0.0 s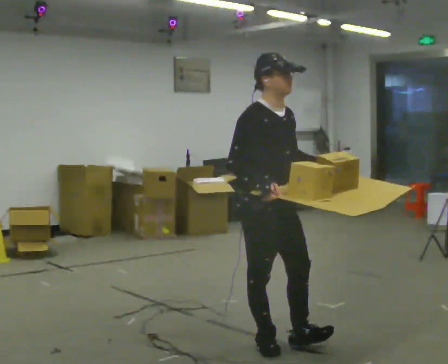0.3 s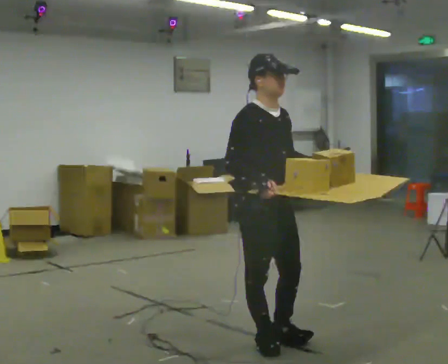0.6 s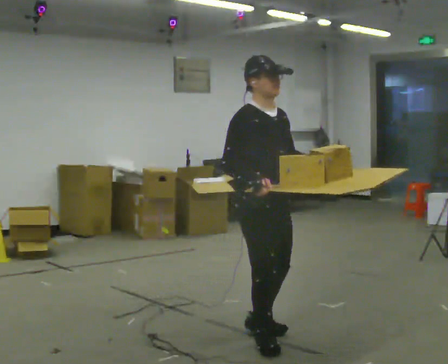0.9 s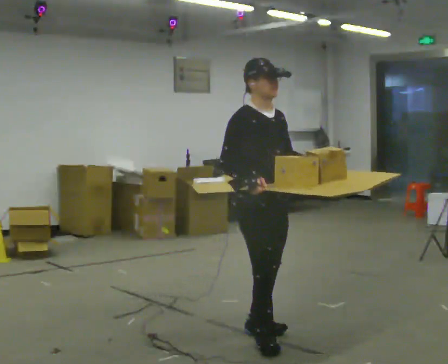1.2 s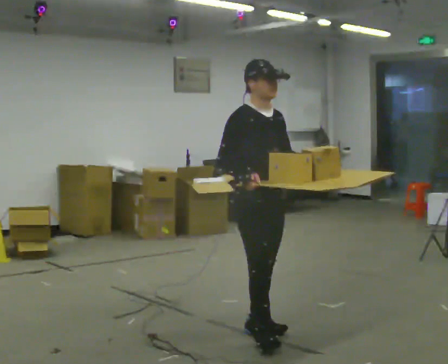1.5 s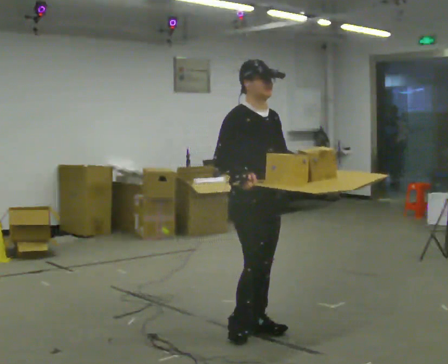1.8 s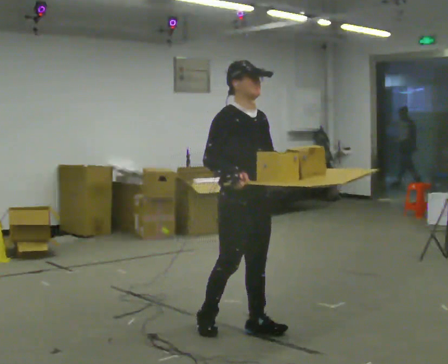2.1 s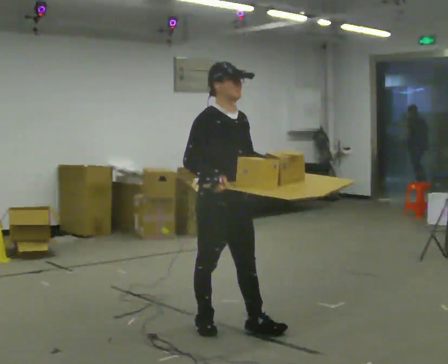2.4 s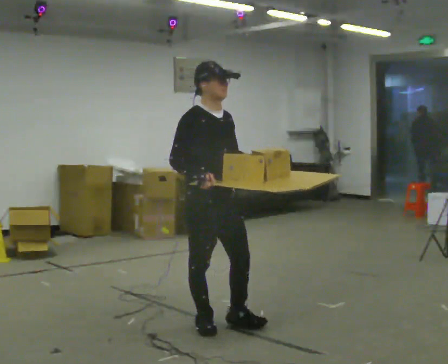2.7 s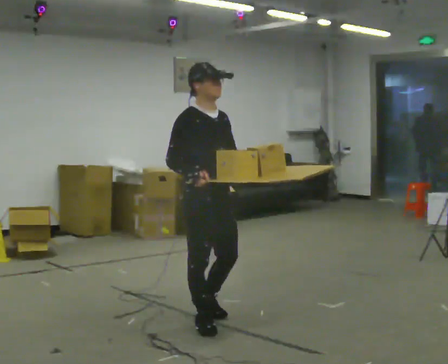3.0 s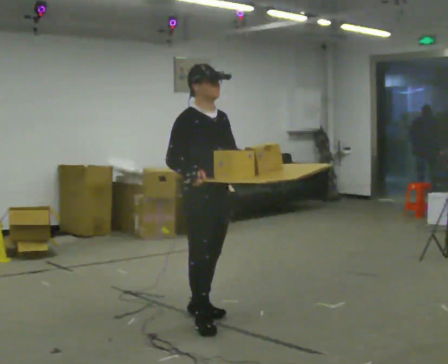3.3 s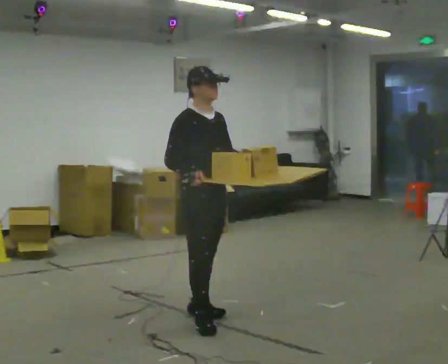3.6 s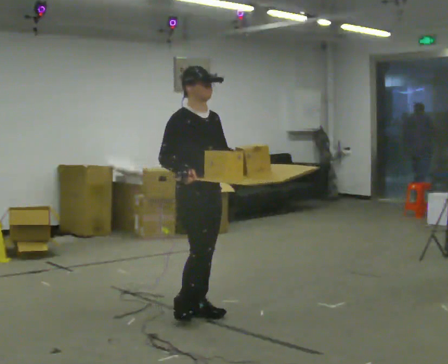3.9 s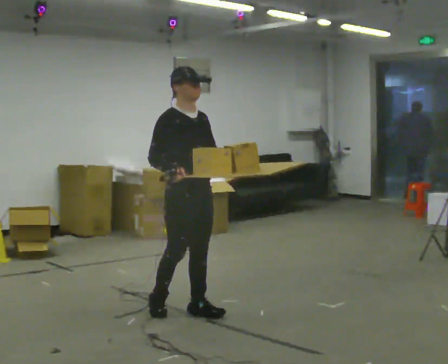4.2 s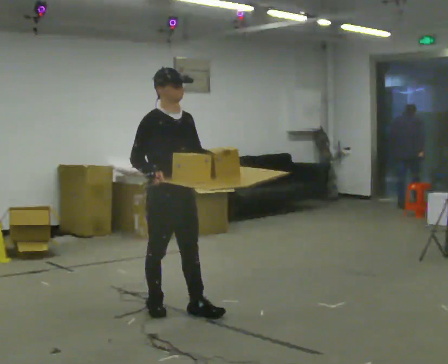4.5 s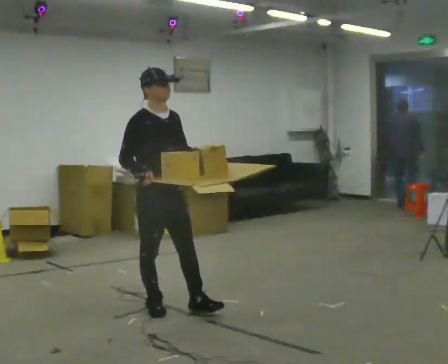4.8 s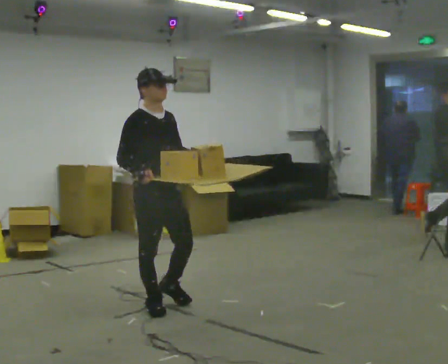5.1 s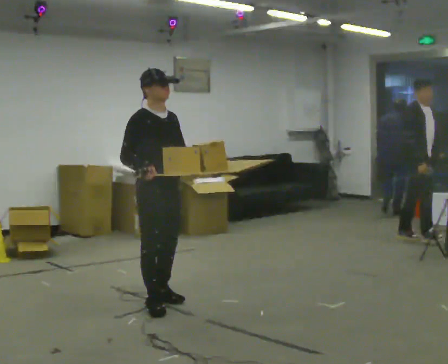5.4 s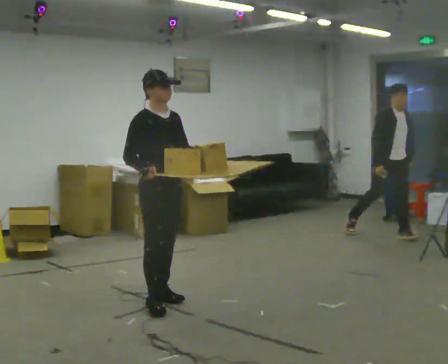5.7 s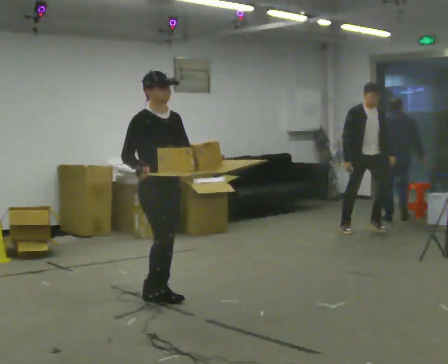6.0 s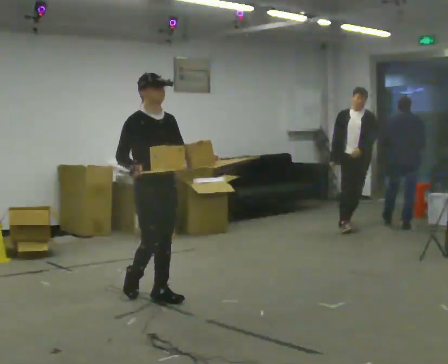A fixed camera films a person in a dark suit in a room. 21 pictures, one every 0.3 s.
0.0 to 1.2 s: In the picture they go away from the camera, about 0.25 m in 1 step, which for them is backward and to their left.
1.2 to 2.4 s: In the picture they go to the left, about 0.25 m in 2 steps, which for them is backward and to their right.
2.4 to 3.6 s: In the picture they go away from the camera, about 0.25 m in 1 step, which for them is backward and to their left.
3.6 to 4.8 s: In the picture they go to the left, about 0.25 m in 1 step, which for them is backward and to their right.
4.8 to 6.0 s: In the picture they go away from the camera, about 0.25 m in 1 step, which for them is backward and to their left.
The film runs backward here.
